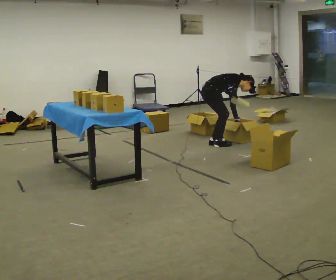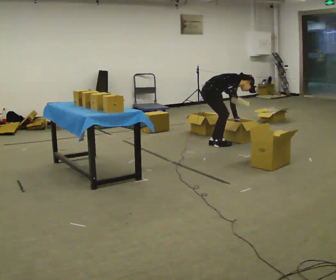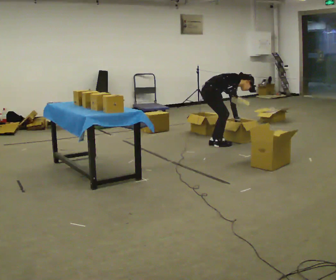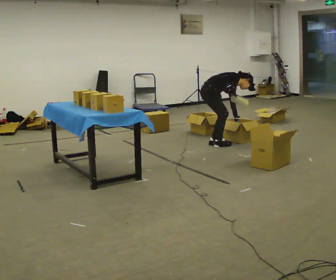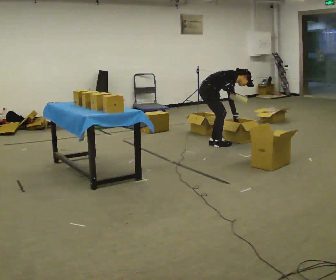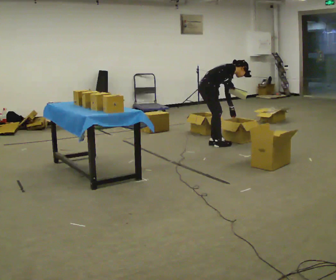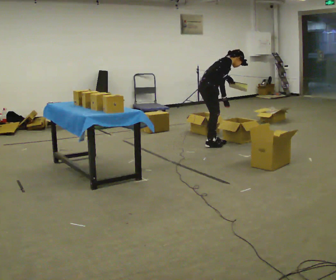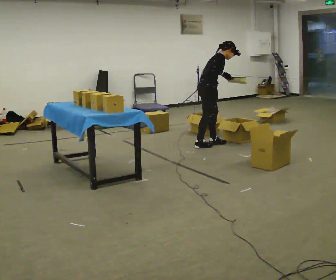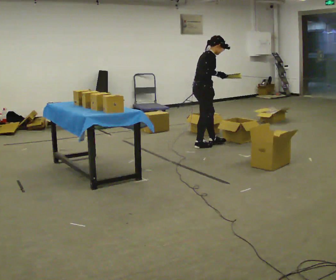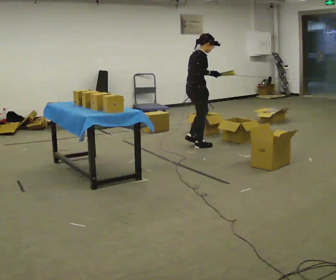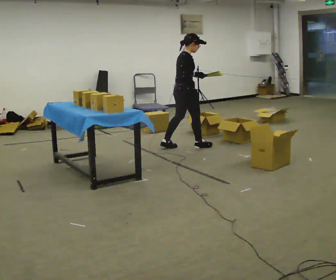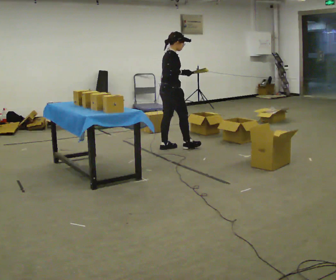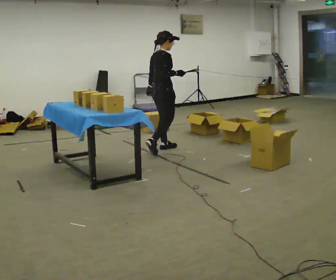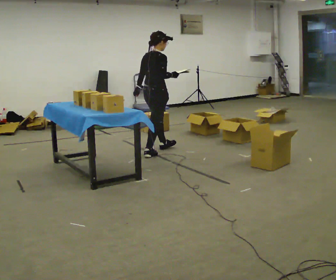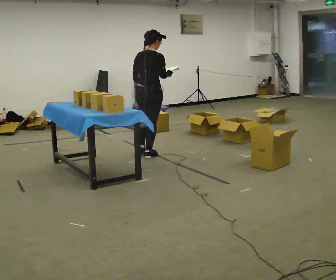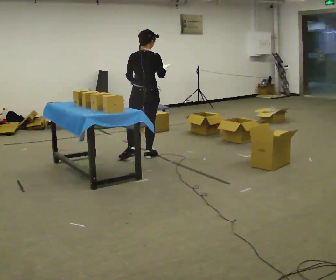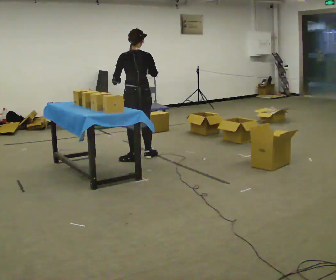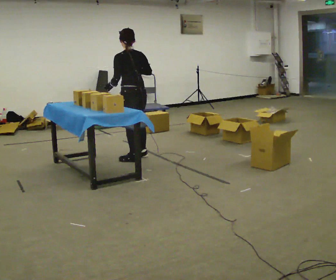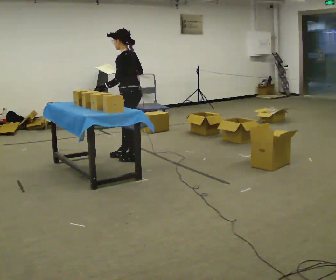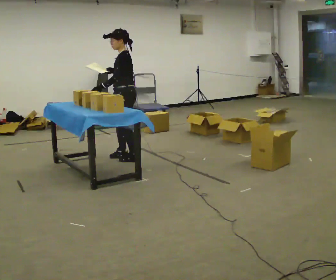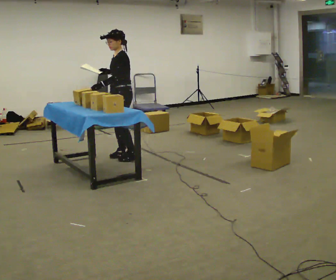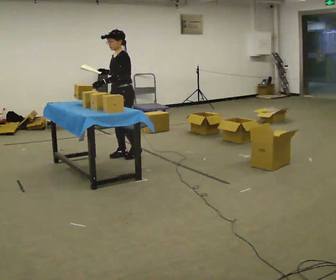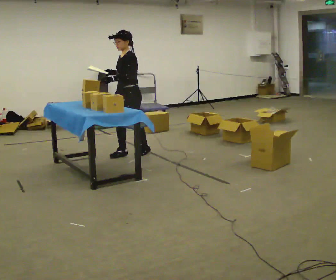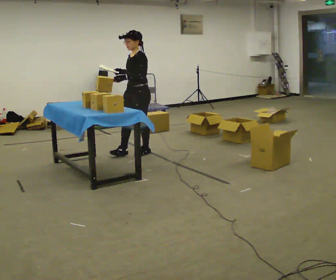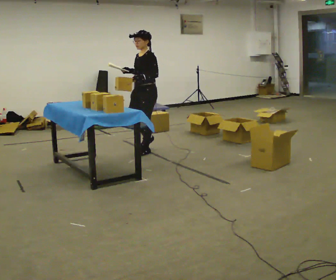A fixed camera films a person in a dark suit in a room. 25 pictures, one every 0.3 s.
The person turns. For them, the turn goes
to their left.
The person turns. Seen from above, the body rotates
counterclockwise.
0.0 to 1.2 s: The person moves a little, or ends about where they began.
1.2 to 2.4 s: The shoulders move upward. In the picture the upper body tilts counterclockwise, shoulders to the left, as they lean back or straighten. In the picture their left hand goes to the left and upward.
2.4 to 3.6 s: In the picture they go to the left, about 0.5 m in 2 steps, which for them is backward.
3.6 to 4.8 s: The person turns about 75 degrees to their left, counterclockwise seen from above, so the part of the body nearest the lens slides to the right. In the picture they go toward the camera and to the left, about 0.5 m in 1 step.
4.8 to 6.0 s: Seen from above the body turns counterclockwise, about 90 degrees: to their left, with its near side sliding to the right. In the picture they go to the left, about 0.25 m in 2 steps. In the picture their right hand goes to the left.
6.0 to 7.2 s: In the picture they go to the right and away from the camera, about 0.5 m in 1 step, which for them is backward.
The film runs backward here.
